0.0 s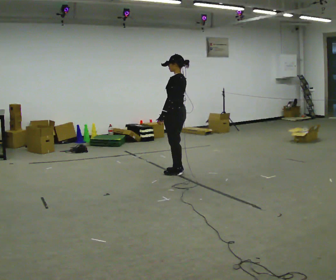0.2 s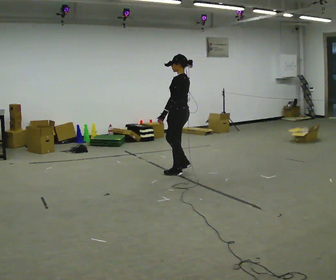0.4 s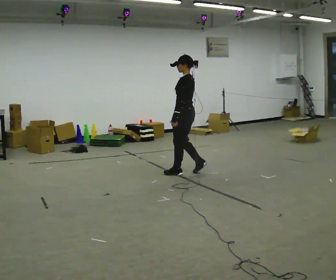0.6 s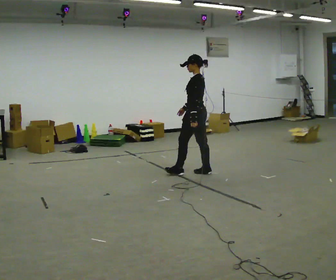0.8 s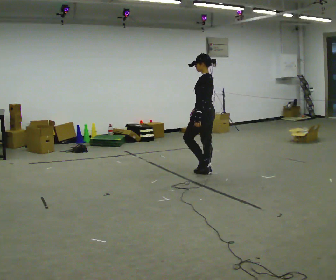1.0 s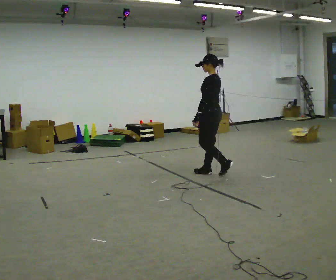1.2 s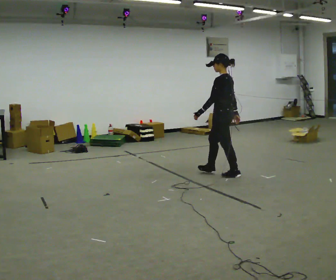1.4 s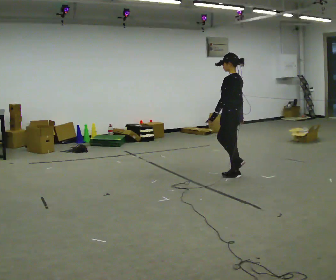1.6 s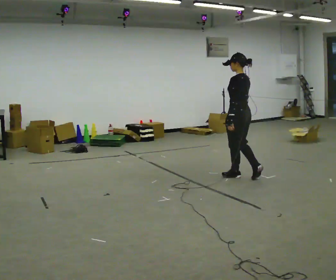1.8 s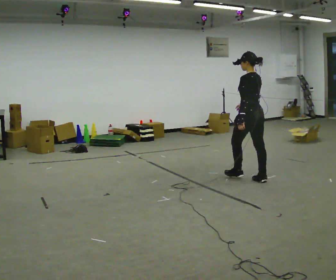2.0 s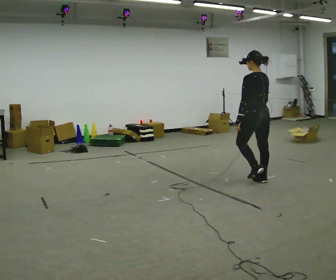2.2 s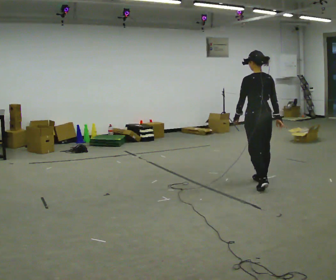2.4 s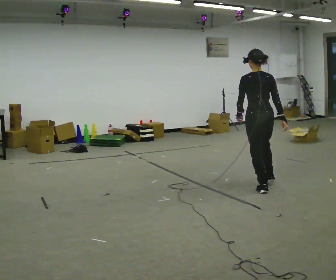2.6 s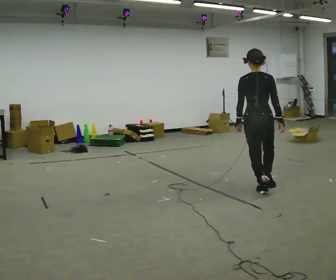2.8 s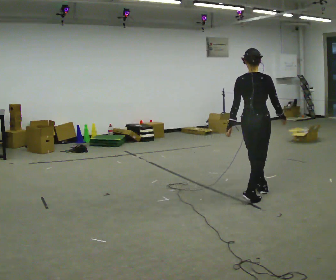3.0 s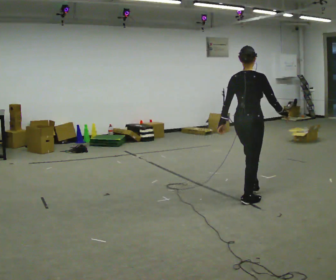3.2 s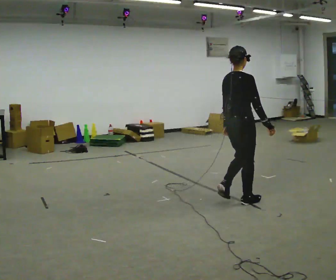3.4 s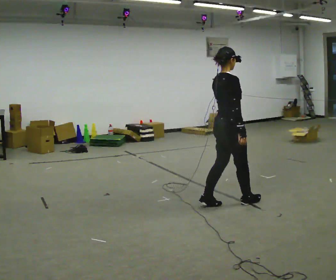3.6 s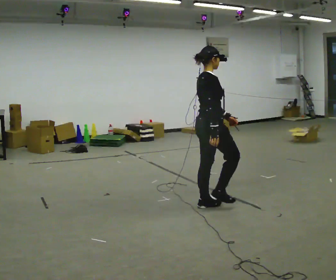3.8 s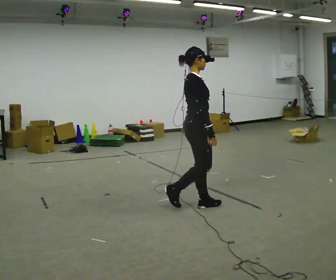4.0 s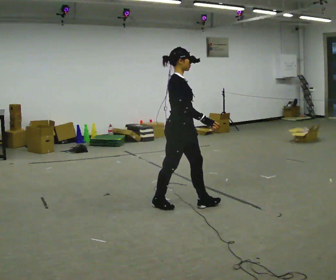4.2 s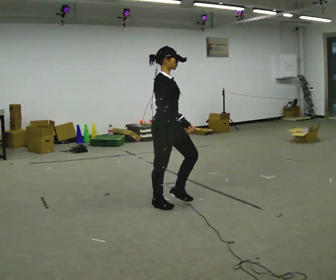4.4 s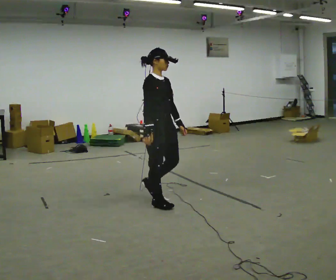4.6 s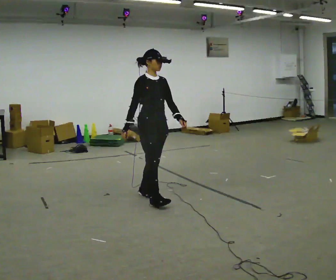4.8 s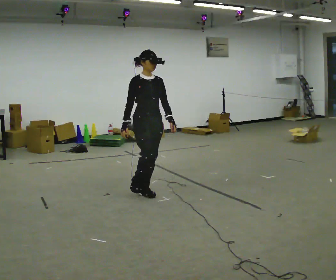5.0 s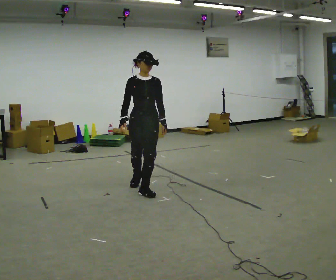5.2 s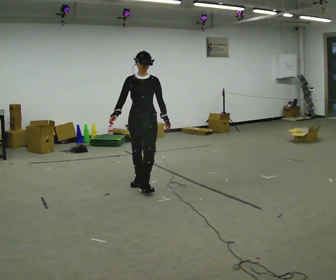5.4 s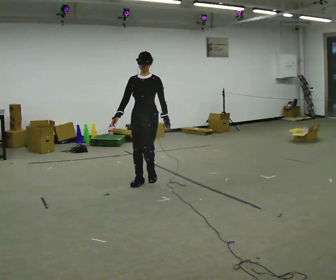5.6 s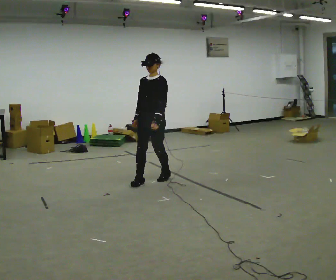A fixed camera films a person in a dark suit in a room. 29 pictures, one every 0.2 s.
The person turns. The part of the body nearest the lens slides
to the left.
The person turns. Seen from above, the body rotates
clockwise.
0.0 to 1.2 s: In the picture they go to the right, about 0.5 m in 3 steps, which for them is backward.
1.2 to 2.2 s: Seen from above the body turns clockwise, about 45 degrees: to their right, with its near side sliding to the left. In the picture they go to the right and toward the camera, about 0.5 m in 1 step, which for them is backward.
2.2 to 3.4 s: The person turns about 75 degrees to their right, clockwise seen from above, so the part of the body nearest the lens slides to the left. In the picture they go toward the camera and to the left, about 1 m in 2 steps.
3.4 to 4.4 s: The part of the body nearest the lens slides to the left as the person turns to their right by about 60 degrees. In the picture they go to the left, about 0.75 m in 2 steps, which for them is backward.
4.4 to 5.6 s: The part of the body nearest the lens slides to the left as the person turns to their right by about 90 degrees. In the picture they go away from the camera, about 1 m in 2 steps.
The film runs backward here.
